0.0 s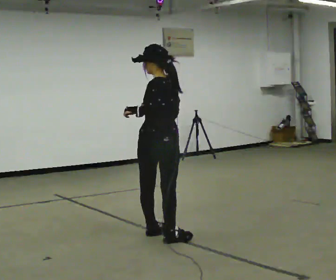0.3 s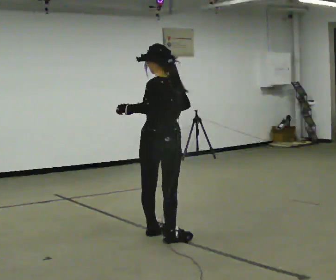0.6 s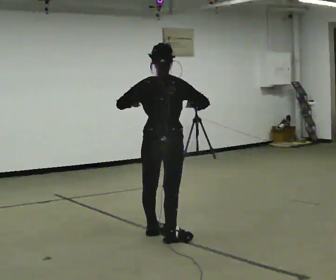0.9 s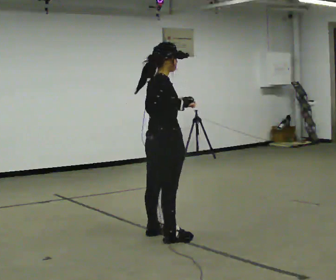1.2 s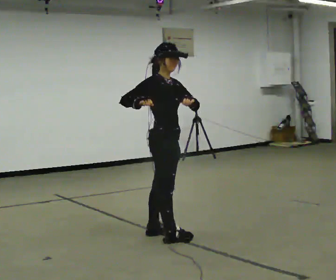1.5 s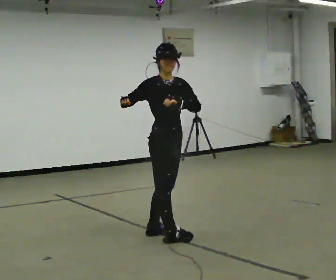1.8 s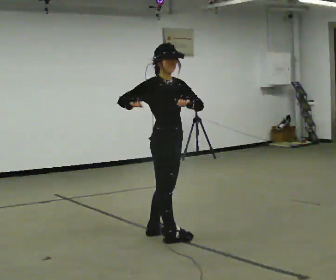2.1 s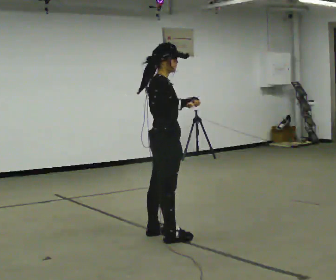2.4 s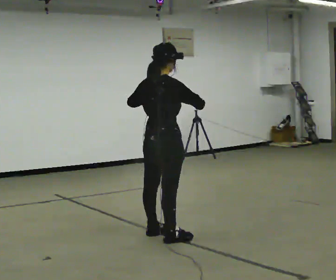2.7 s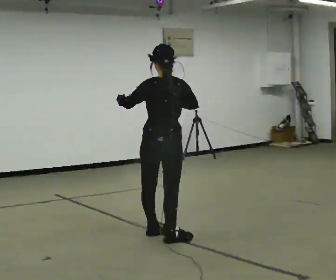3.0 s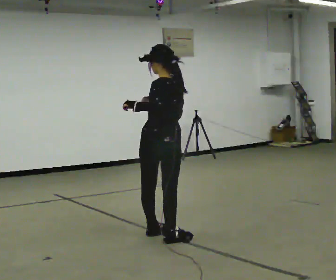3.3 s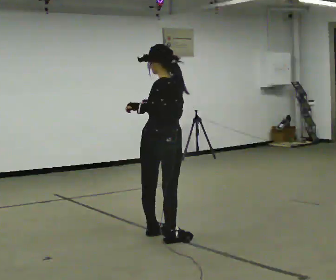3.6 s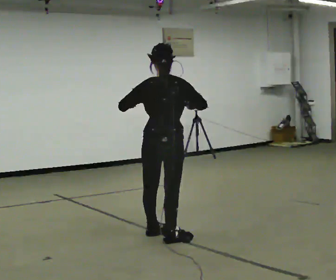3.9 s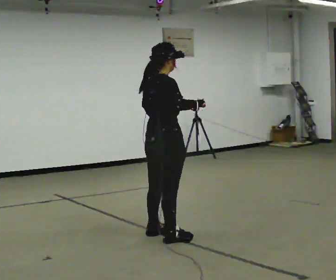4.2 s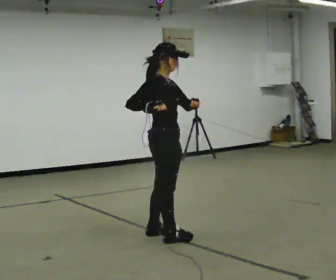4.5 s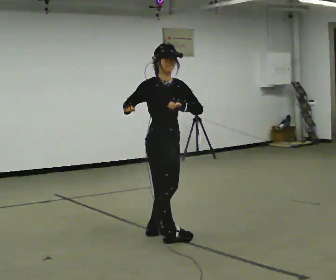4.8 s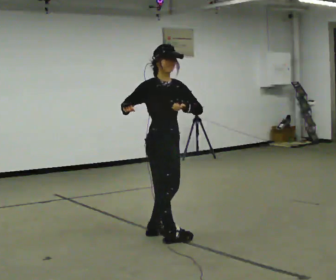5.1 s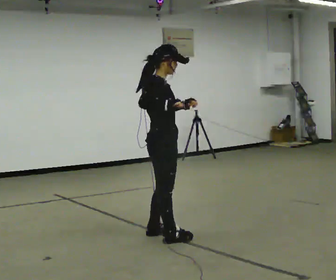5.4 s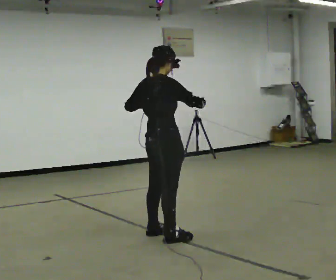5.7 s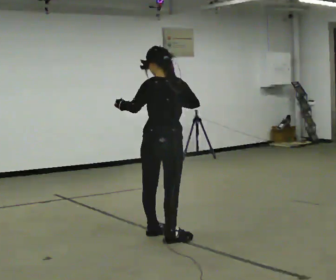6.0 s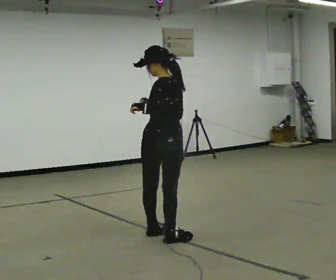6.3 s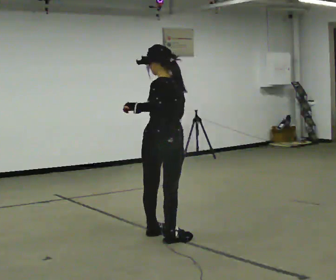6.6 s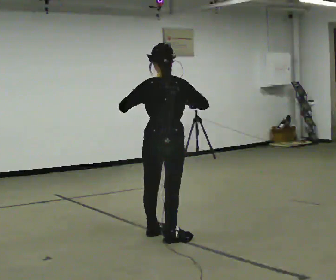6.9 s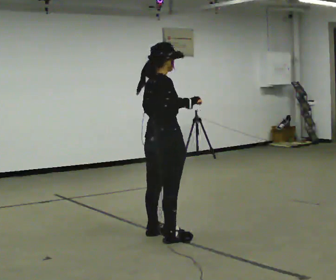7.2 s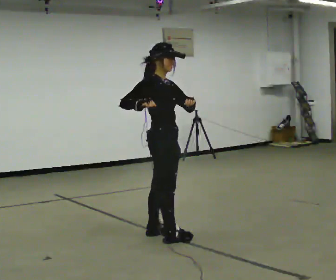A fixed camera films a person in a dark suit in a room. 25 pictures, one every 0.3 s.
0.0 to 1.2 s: The person turns about 120 degrees to their right, clockwise seen from above, so the part of the body nearest the lens slides to the left.
1.2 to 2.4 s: The part of the body nearest the lens slides to the right as the person turns to their left by about 45 degrees. In the picture their right hand goes to the right.
2.4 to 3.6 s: The part of the body nearest the lens slides to the right as the person turns to their left by about 45 degrees.
3.6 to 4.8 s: The person turns about 135 degrees to their right, clockwise seen from above, so the part of the body nearest the lens slides to the left. In the picture their right hand goes to the left.
4.8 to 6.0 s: The person turns about 150 degrees to their left, counterclockwise seen from above, so the part of the body nearest the lens slides to the right.
6.0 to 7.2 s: The part of the body nearest the lens slides to the left as the person turns to their right by about 120 degrees.
The film runs backward here.
